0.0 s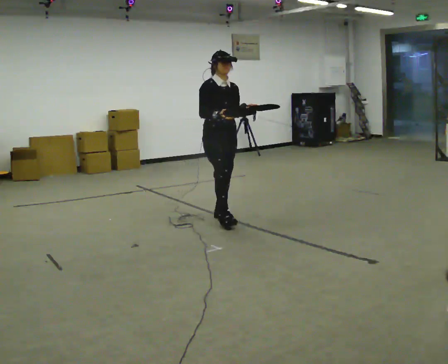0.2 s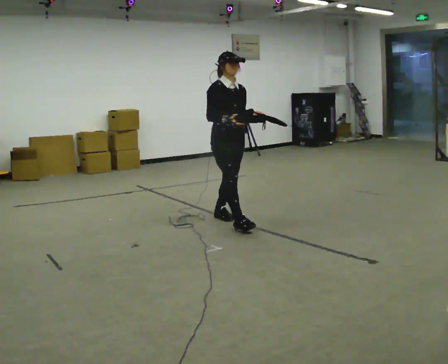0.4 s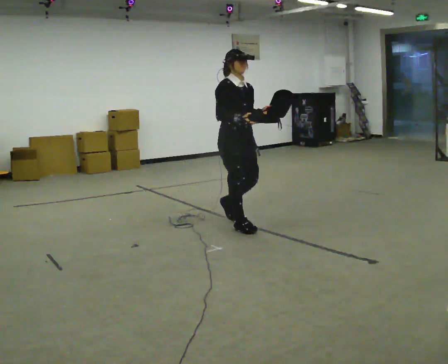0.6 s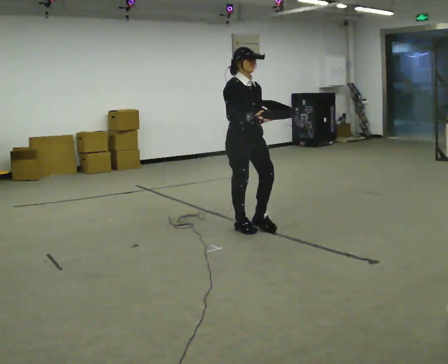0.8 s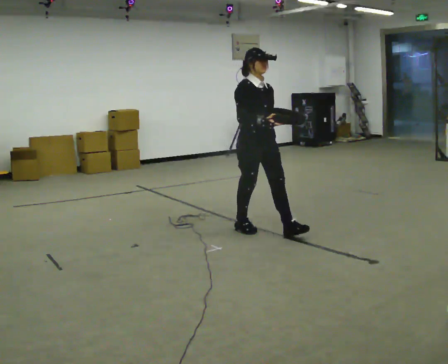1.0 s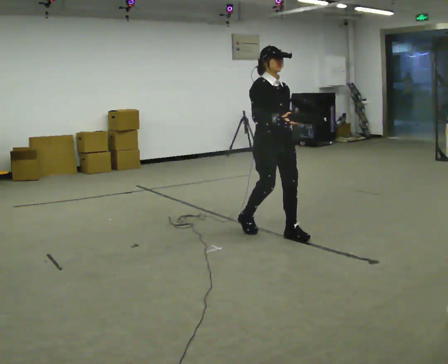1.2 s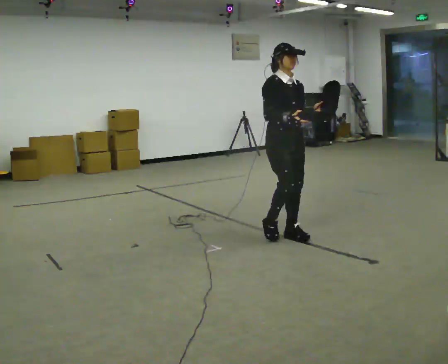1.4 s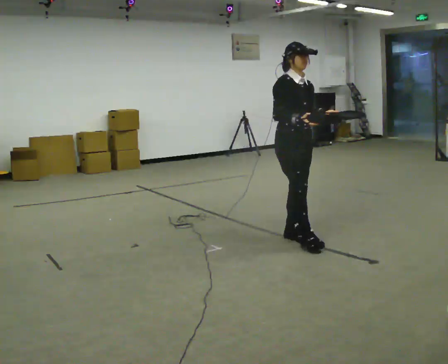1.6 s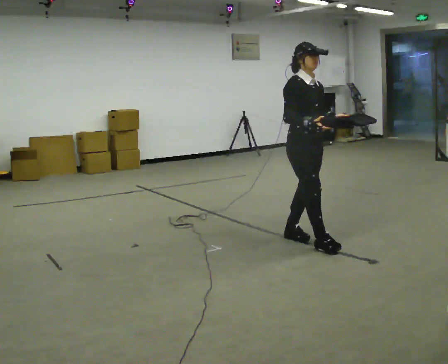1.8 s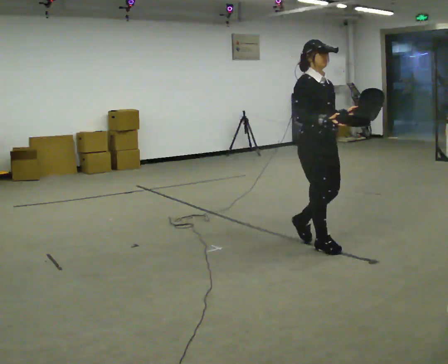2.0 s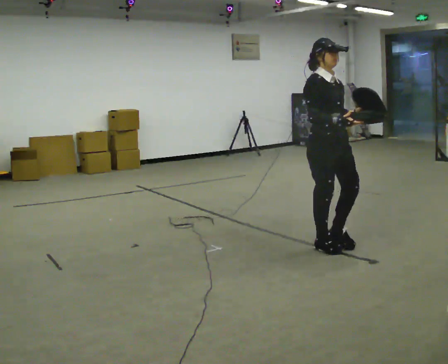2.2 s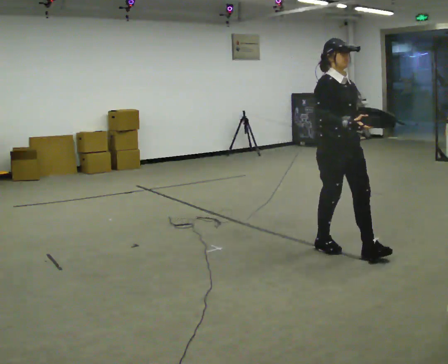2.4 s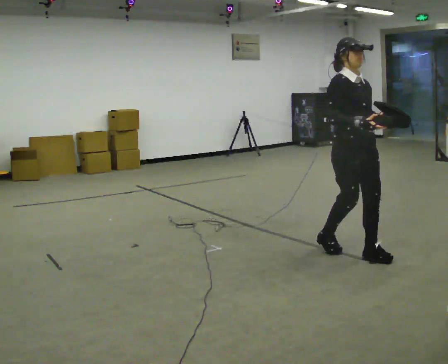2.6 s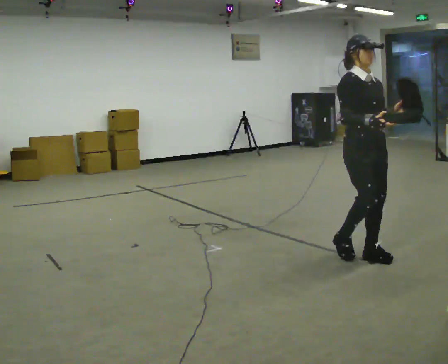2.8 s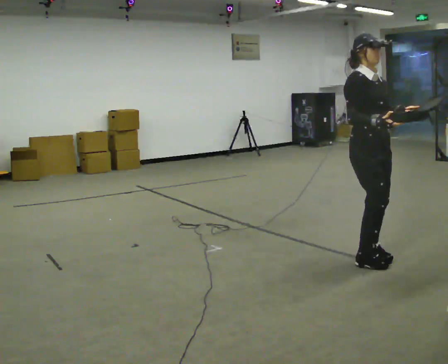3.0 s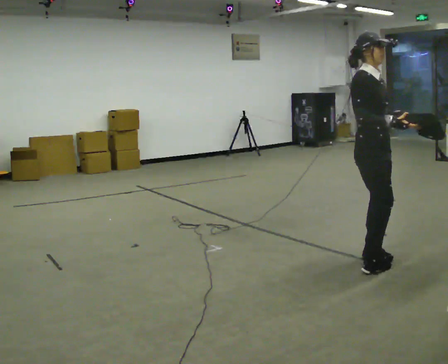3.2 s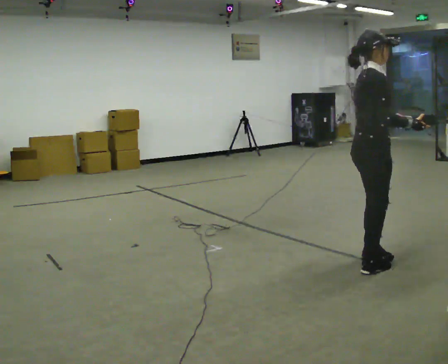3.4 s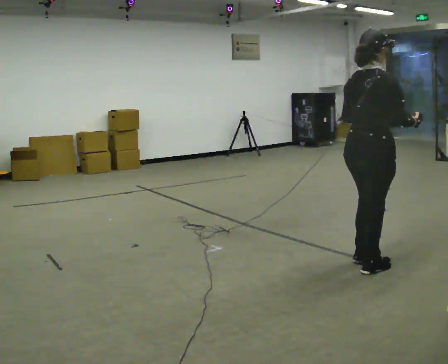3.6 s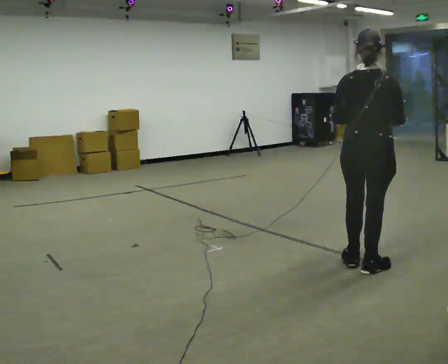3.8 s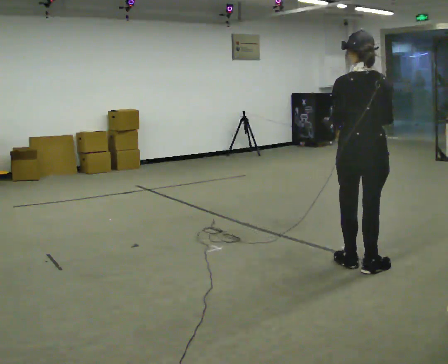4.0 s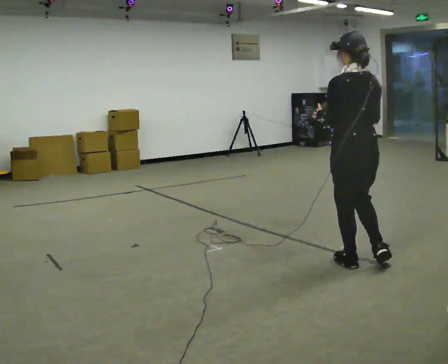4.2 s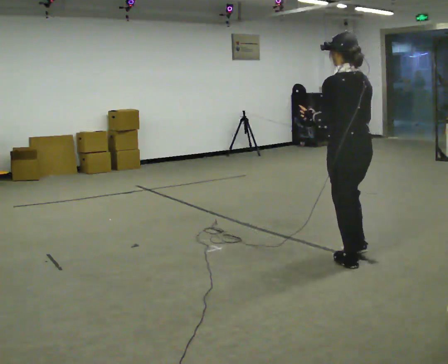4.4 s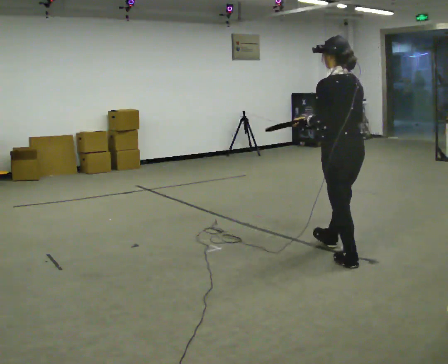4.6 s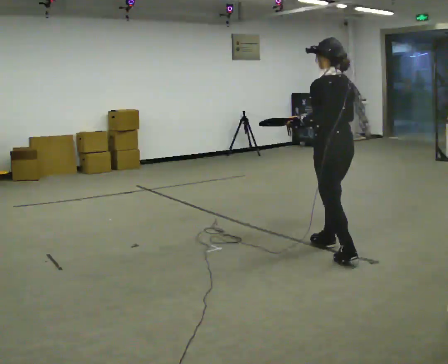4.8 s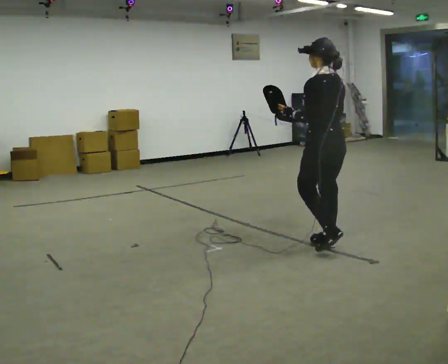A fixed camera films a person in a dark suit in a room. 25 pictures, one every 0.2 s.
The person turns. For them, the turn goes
to their left.
The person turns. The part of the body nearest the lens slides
to the right.
0.0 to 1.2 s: In the picture they go to the right and toward the camera, about 1 m in 2 steps, which for them is forward.
1.2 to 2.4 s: In the picture they go to the right and toward the camera, about 0.5 m in 2 steps, which for them is forward.
2.4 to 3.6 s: The part of the body nearest the lens slides to the right as the person turns to their left by about 135 degrees. In the picture they go toward the camera, about 0.25 m in 2 steps.
3.6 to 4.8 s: The part of the body nearest the lens slides to the right as the person turns to their left by about 60 degrees. In the picture they go away from the camera and to the left, about 0.5 m in 1 step, which for them is forward.
The film runs forward here.
